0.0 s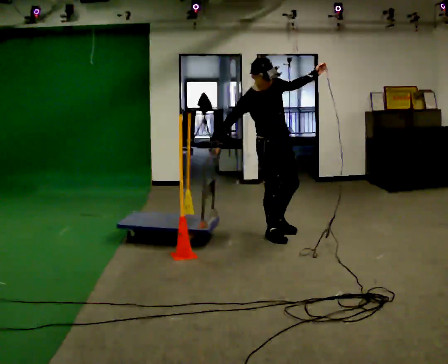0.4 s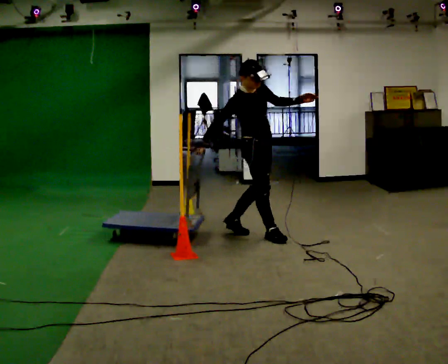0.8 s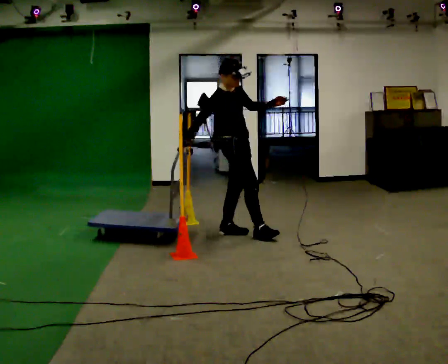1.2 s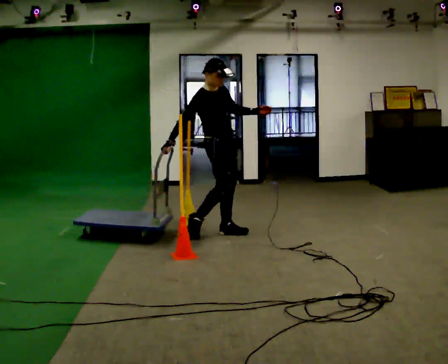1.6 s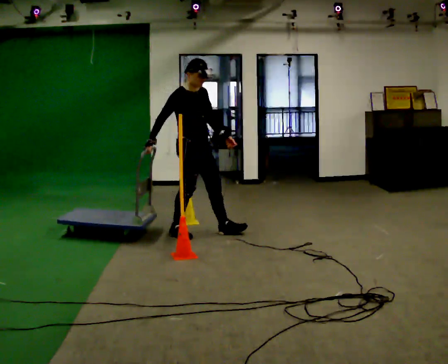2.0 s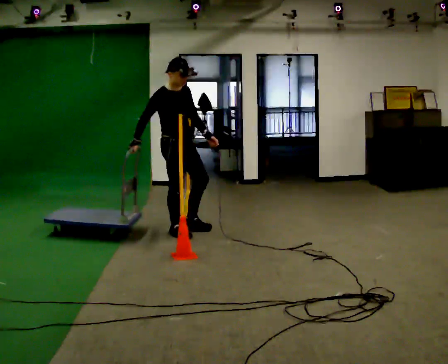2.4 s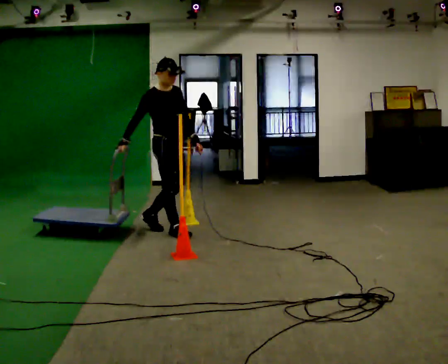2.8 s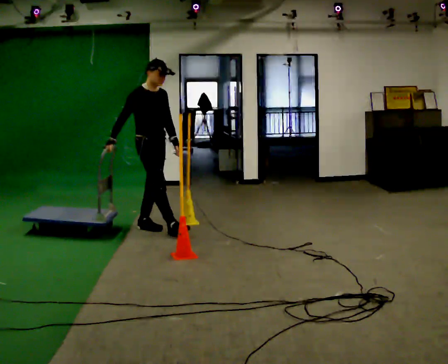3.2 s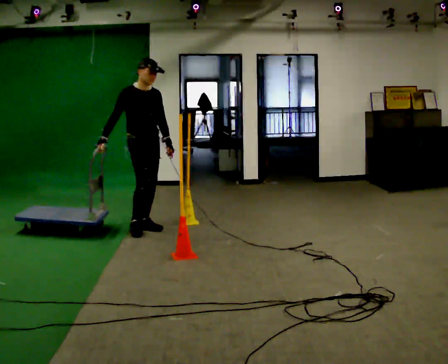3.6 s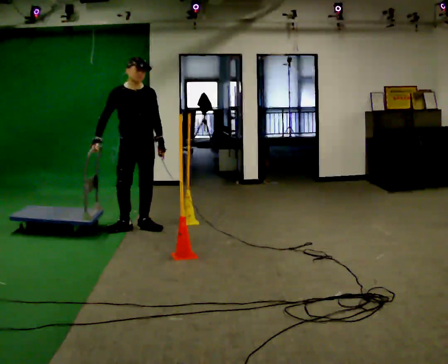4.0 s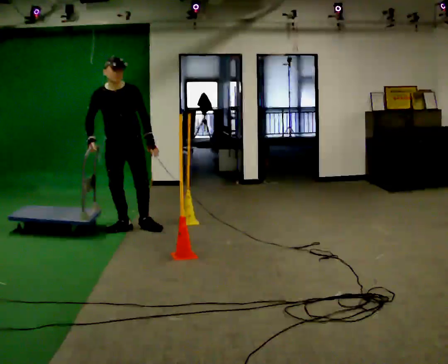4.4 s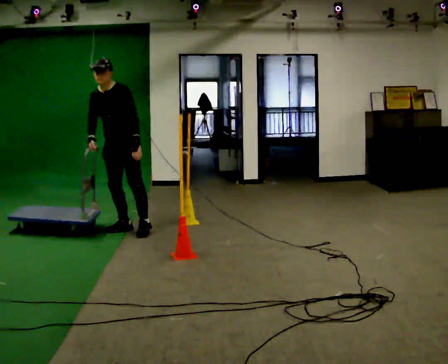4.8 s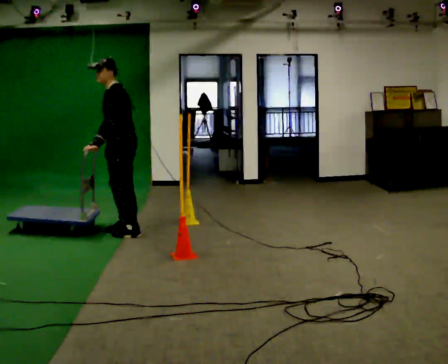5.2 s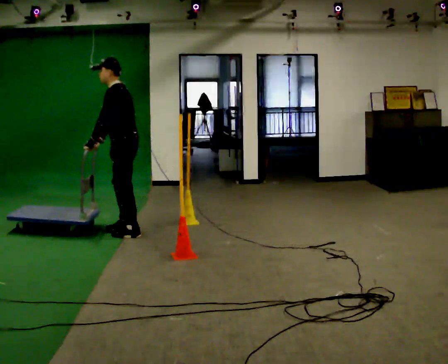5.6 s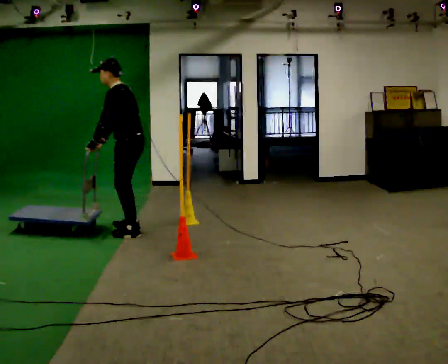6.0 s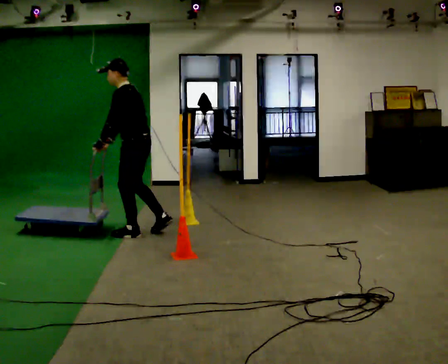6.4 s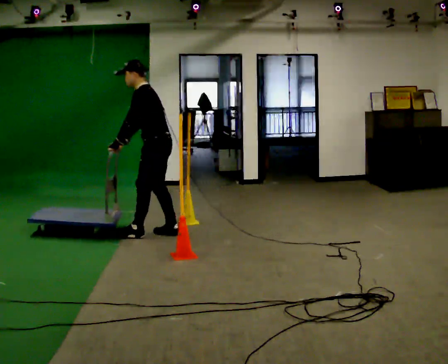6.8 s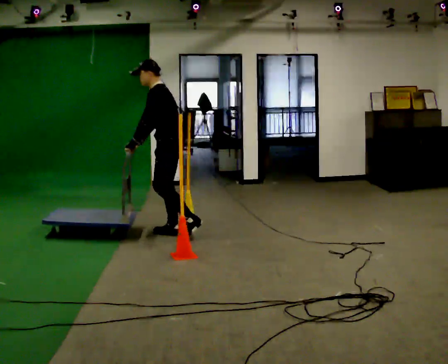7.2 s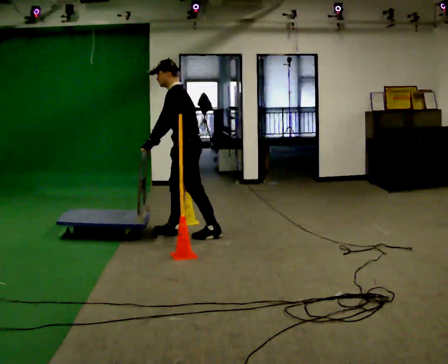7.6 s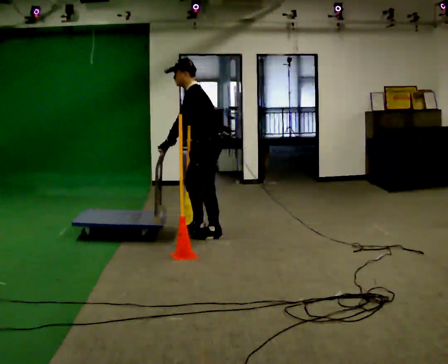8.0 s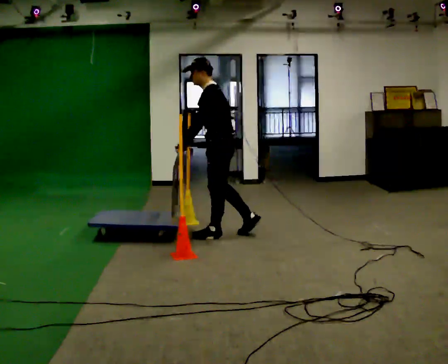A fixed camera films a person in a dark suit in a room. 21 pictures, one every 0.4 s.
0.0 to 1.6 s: In the picture they go to the left and away from the camera, about 1 m in 1 step, which for them is backward. In the picture their left hand goes downward, the arm swinging clockwise.
1.6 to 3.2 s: In the picture they go to the left and away from the camera, about 0.5 m in 2 steps, which for them is backward.
3.2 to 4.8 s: Seen from above the body turns clockwise, about 105 degrees: to their right, with its near side sliding to the left. In the picture they go to the left, about 0.25 m in 1 step. In the picture their left hand goes to the left, the arm swinging clockwise.
4.8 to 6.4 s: The person turns about 30 degrees to their right, clockwise seen from above, so the part of the body nearest the lens slides to the left. In the picture they go to the right, about 0.25 m in 2 steps, which for them is backward.
6.4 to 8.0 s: In the picture they go to the right, about 0.5 m in 1 step, which for them is backward.
The film runs backward here.
